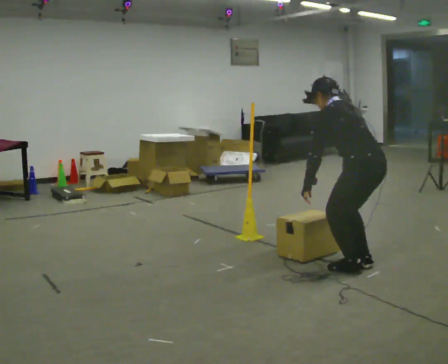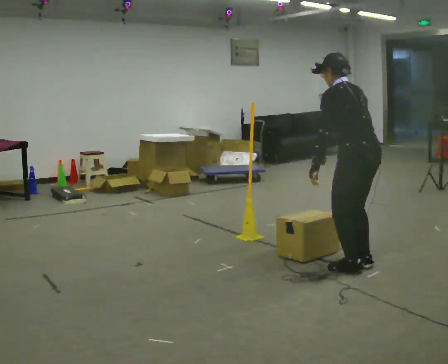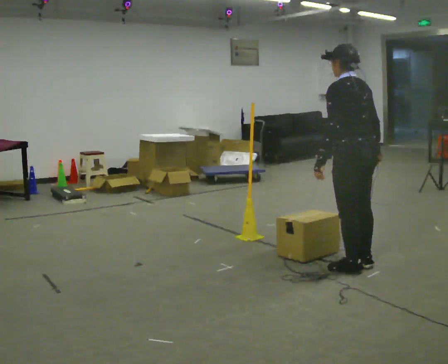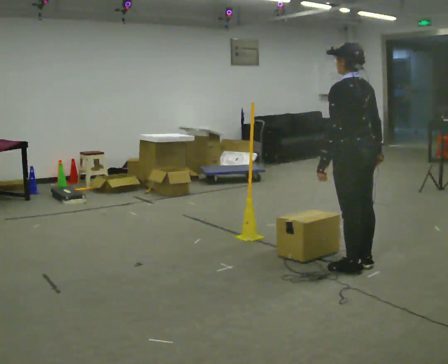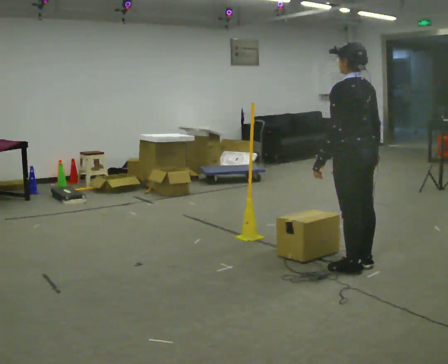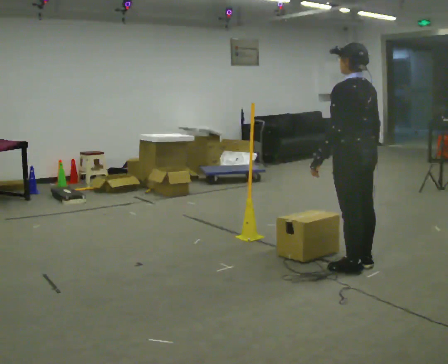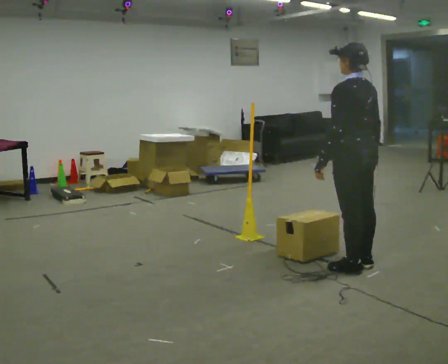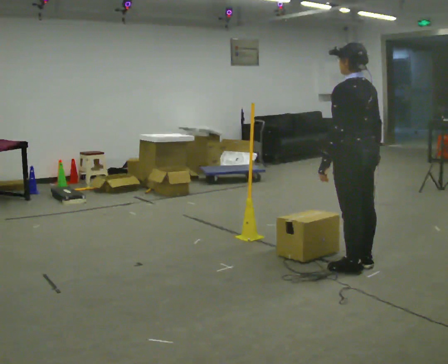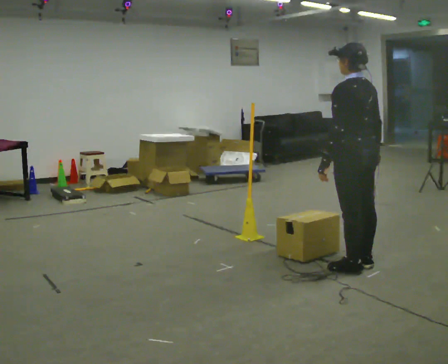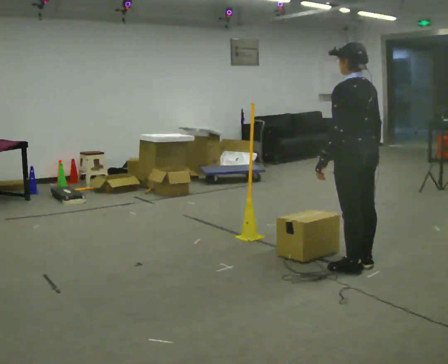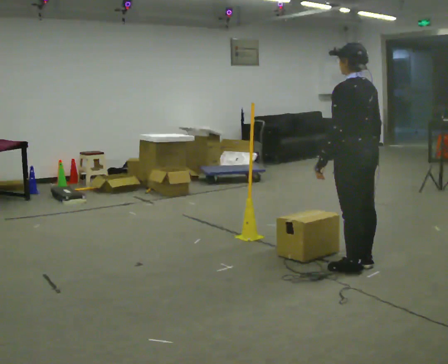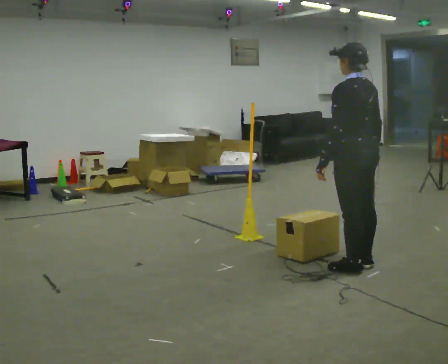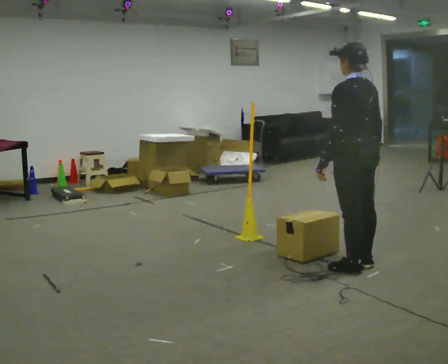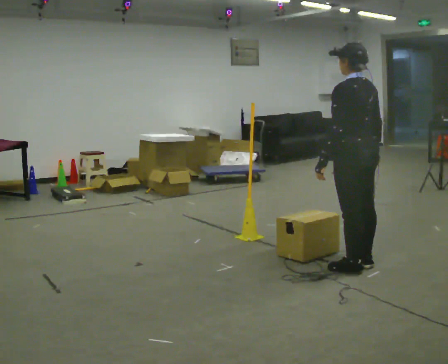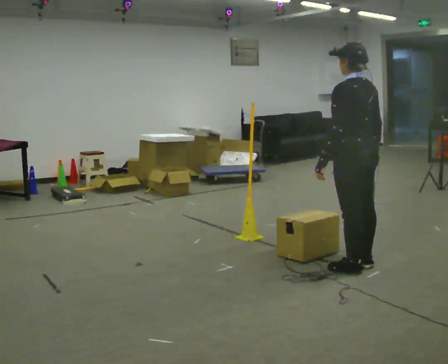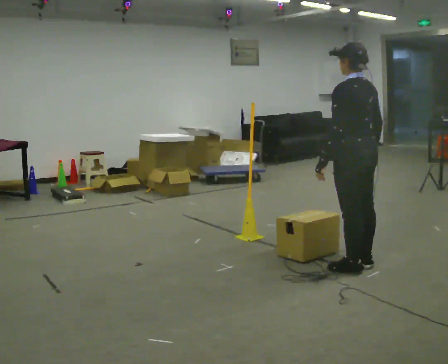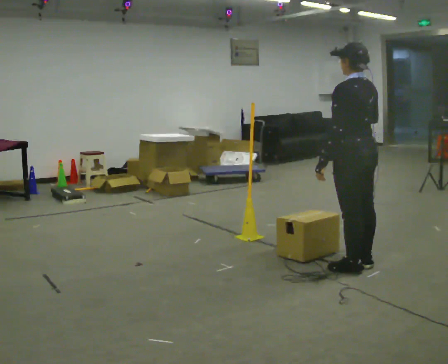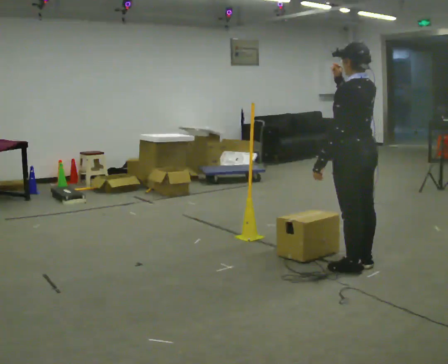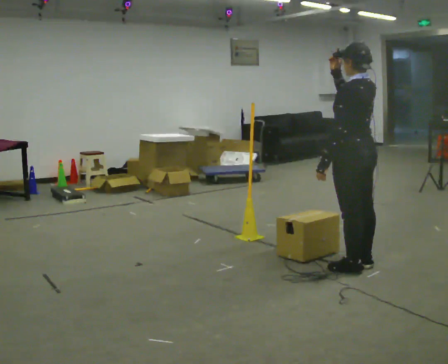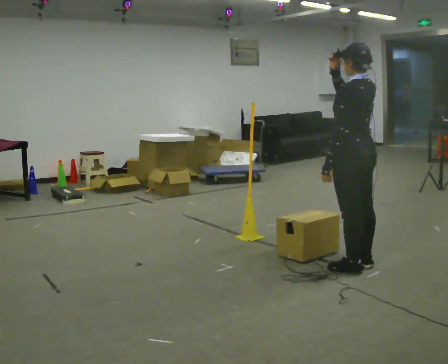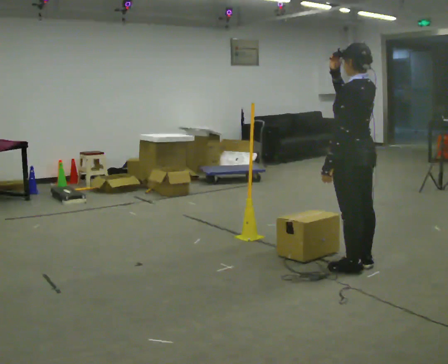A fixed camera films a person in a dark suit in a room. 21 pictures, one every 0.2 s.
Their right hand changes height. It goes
upward.
0.0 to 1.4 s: The upper body goes upward. In the picture the upper body tilts clockwise, shoulders to the right, as they lean back or straighten.
1.4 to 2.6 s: The person moves a little, or ends about where they began.
2.6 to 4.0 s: In the picture their right hand goes upward.
The film runs forward here.
